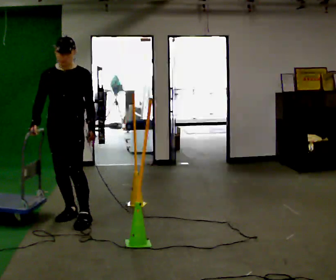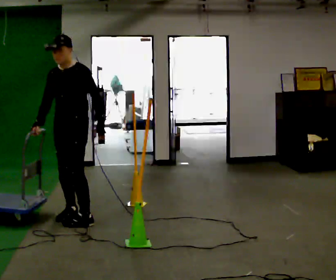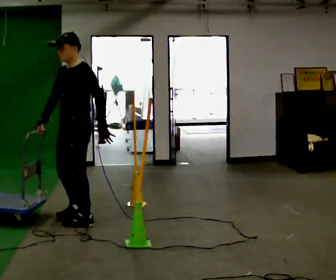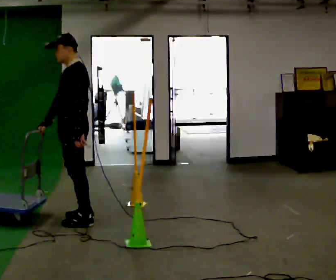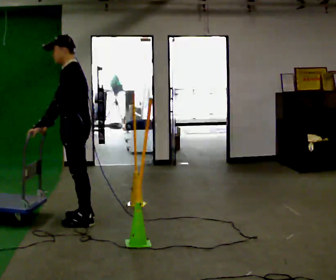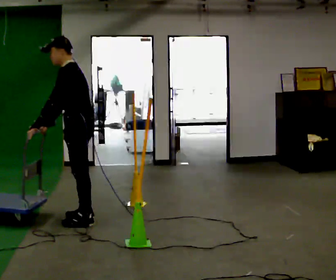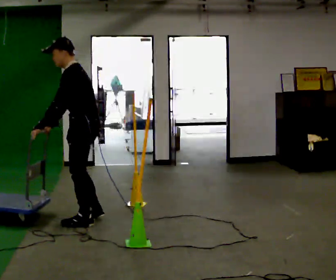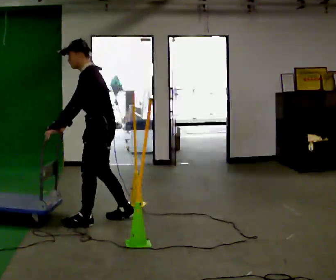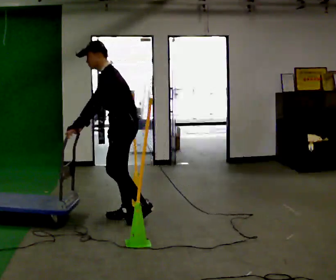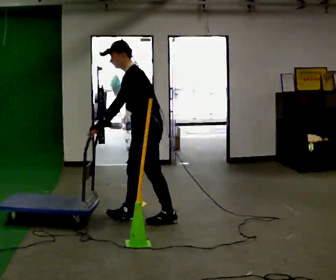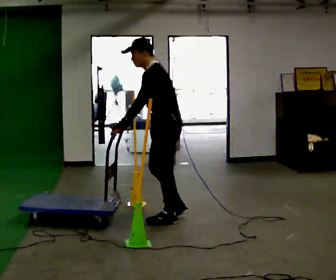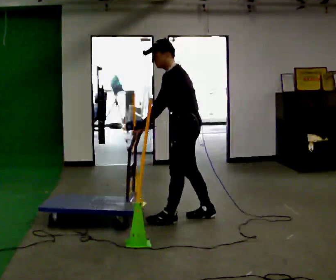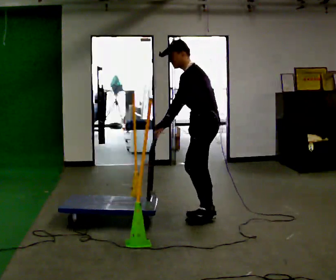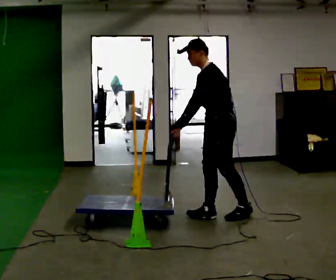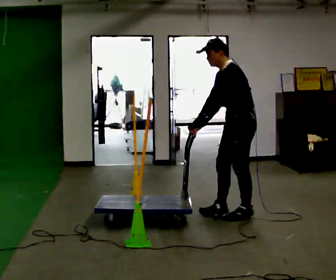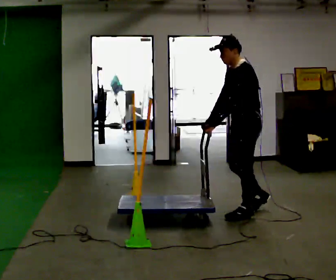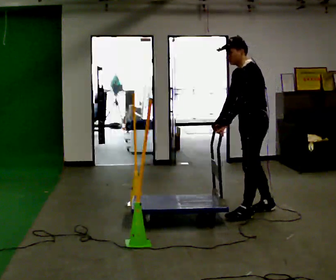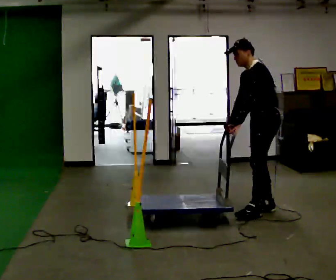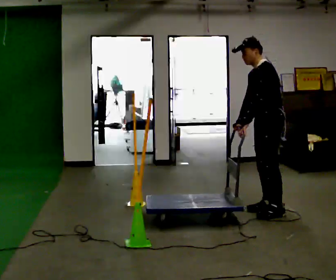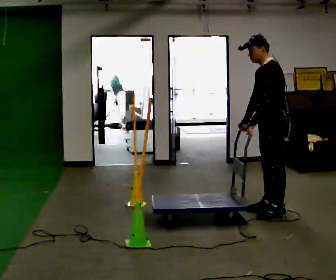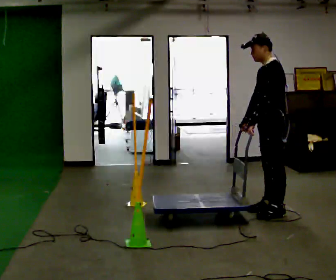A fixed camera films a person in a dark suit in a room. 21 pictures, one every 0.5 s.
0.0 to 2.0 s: The part of the body nearest the lens slides to the left as the person turns to their right by about 75 degrees. In the picture their left hand goes to the left, the arm swinging clockwise.
2.0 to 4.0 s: In the picture they go to the right, about 0.5 m in 2 steps, which for them is backward. In the picture the upper body tilts counterclockwise, shoulders to the left, as they bend forward.
4.0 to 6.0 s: In the picture they go to the right, about 0.5 m in 2 steps, which for them is backward.
6.0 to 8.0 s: In the picture they go to the right, about 0.5 m in 1 step, which for them is backward.
8.0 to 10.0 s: In the picture they go to the right, about 0.25 m in 1 step, which for them is backward.
The film runs backward here.
